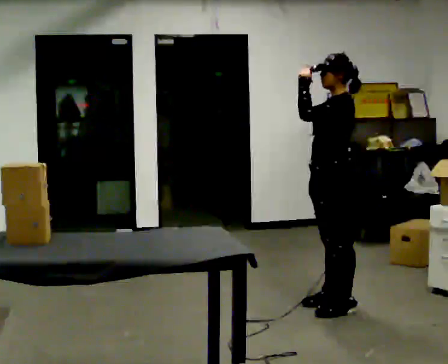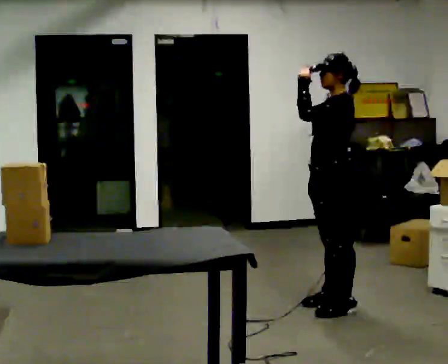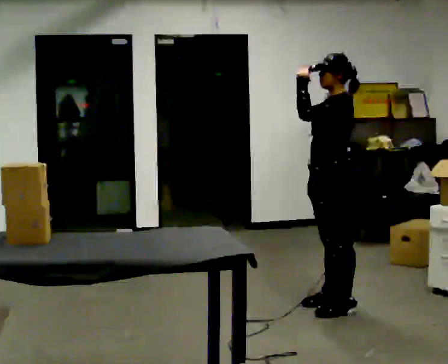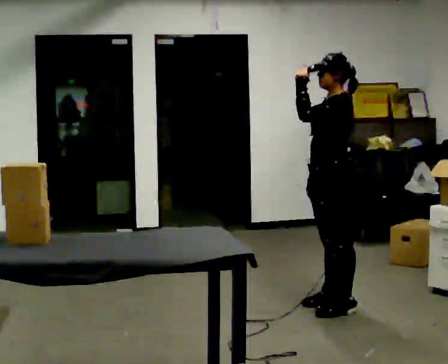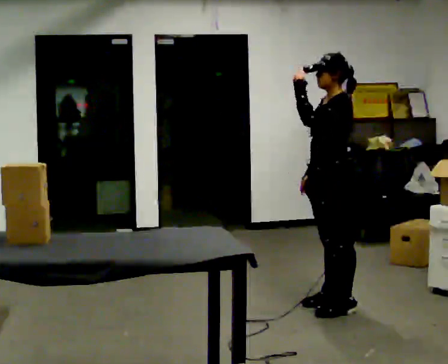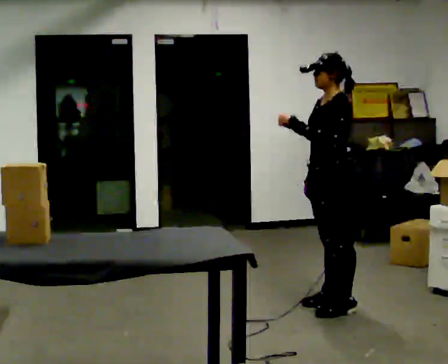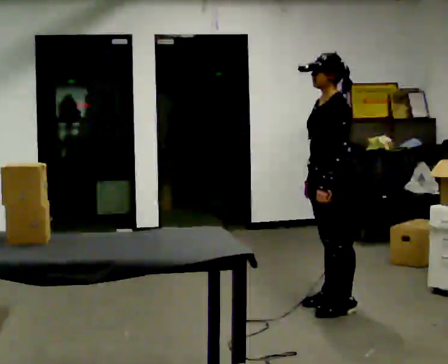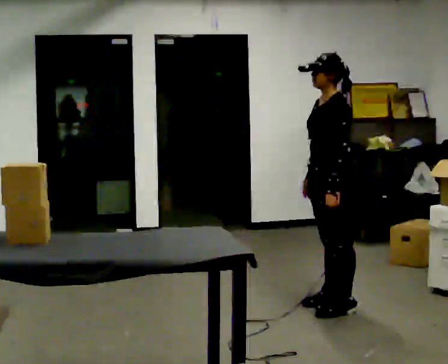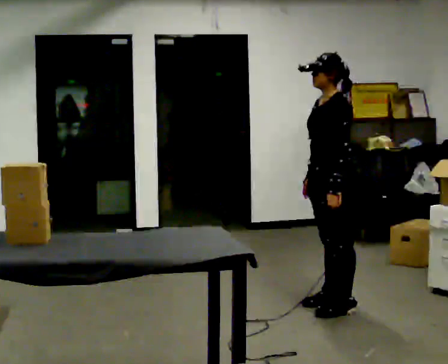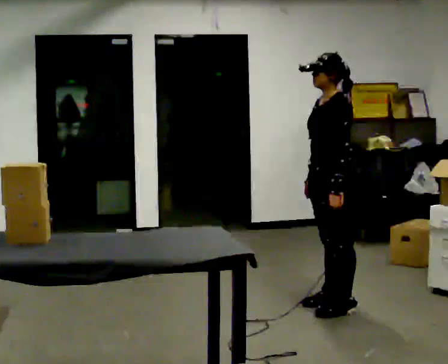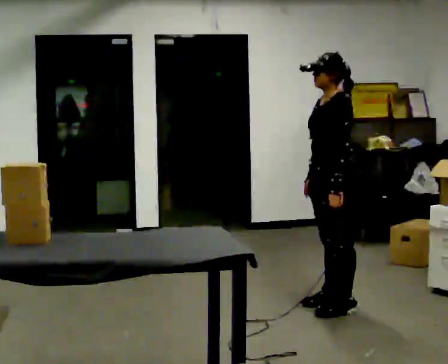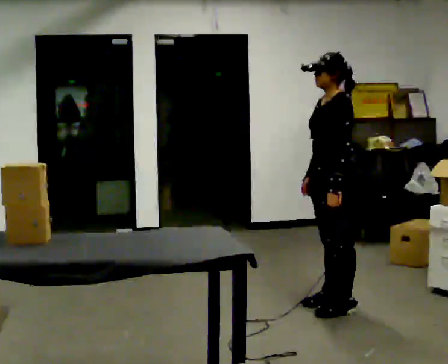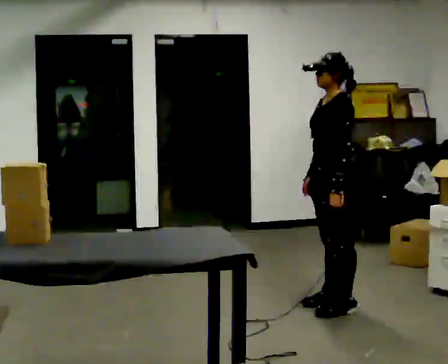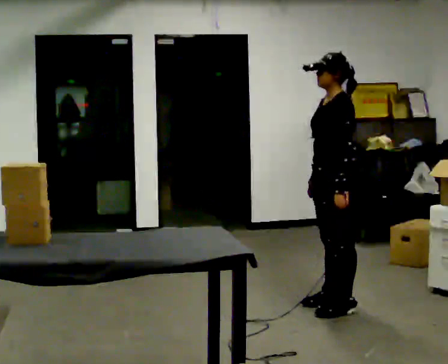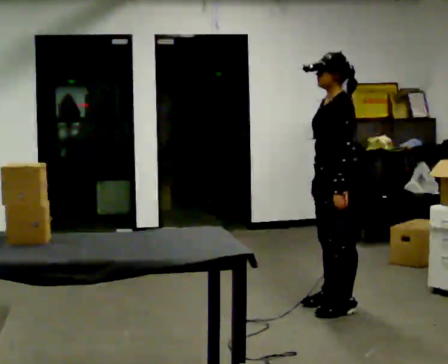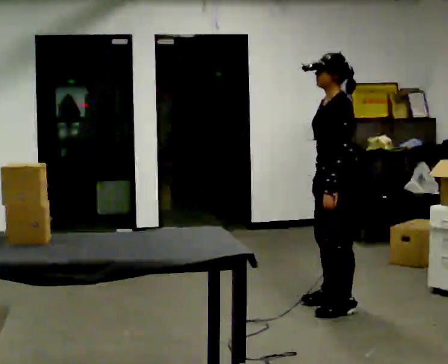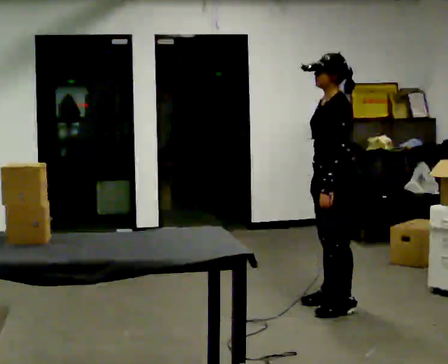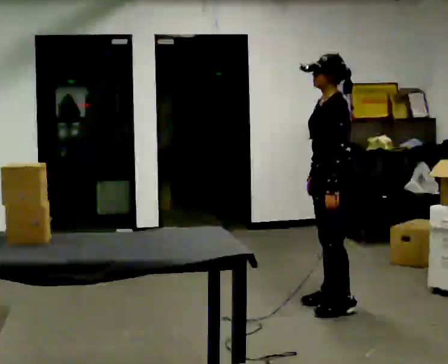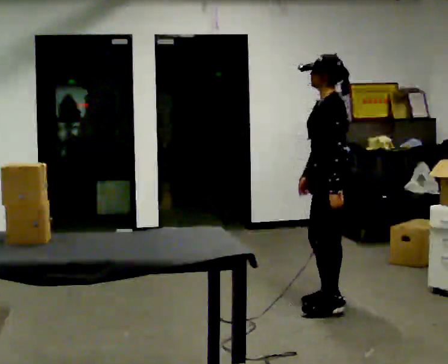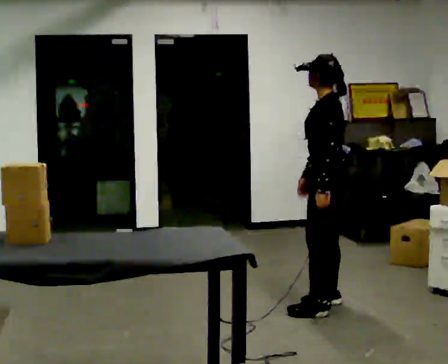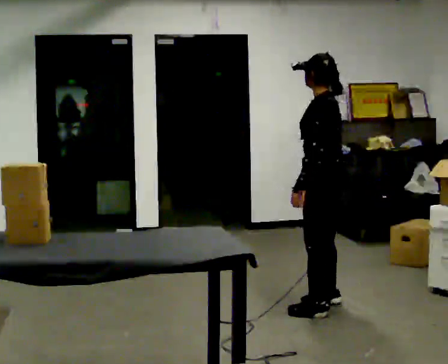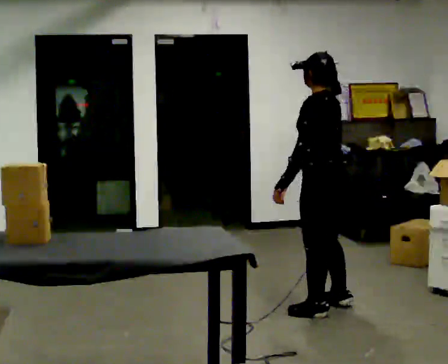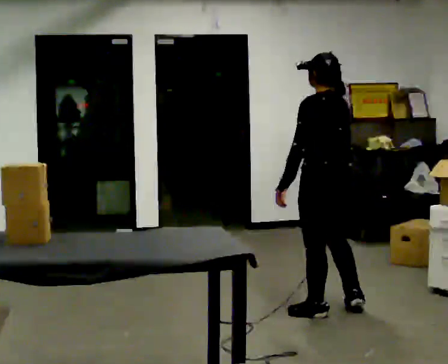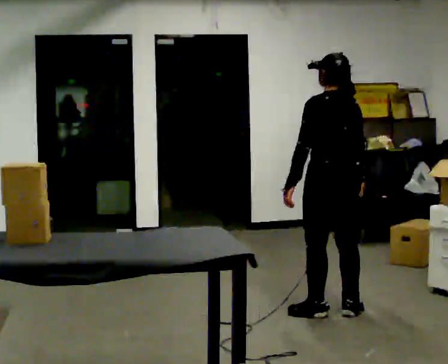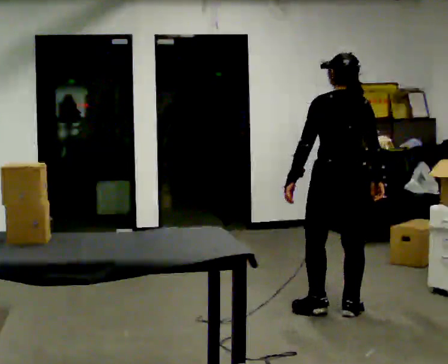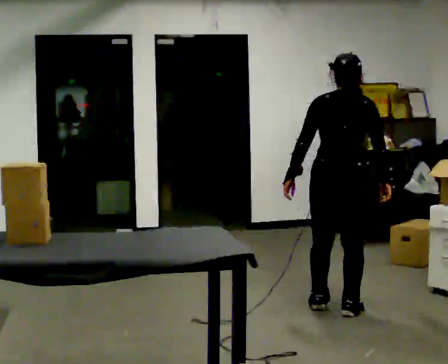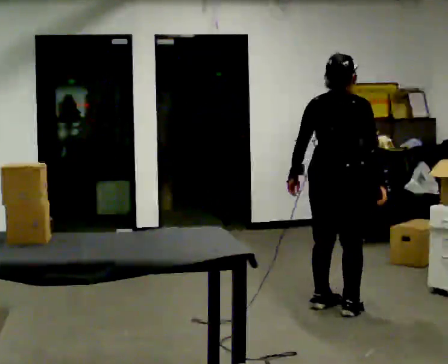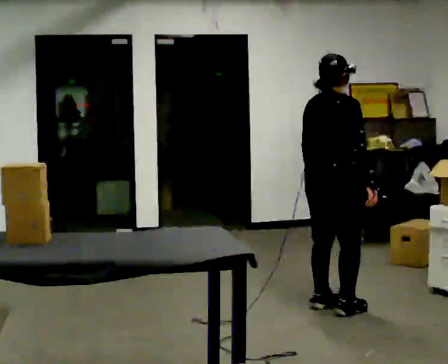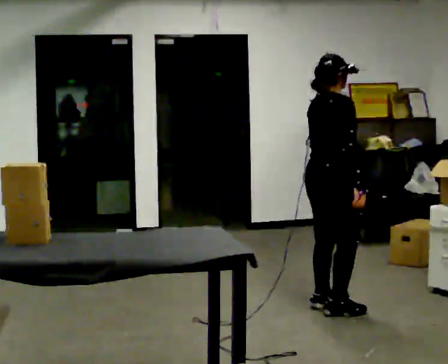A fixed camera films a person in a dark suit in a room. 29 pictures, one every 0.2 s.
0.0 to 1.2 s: In the picture their left hand goes downward.
1.2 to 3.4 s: The person moves a little, or ends about where they began.
3.4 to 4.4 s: The part of the body nearest the lens slides to the left as the person turns to their right by about 45 degrees. In the picture they go toward the camera, about 0.25 m in 2 steps, which for them is to their left.
4.4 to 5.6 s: Seen from above the body turns clockwise, about 105 degrees: to their right, with its near side sliding to the left.
The film runs backward here.
